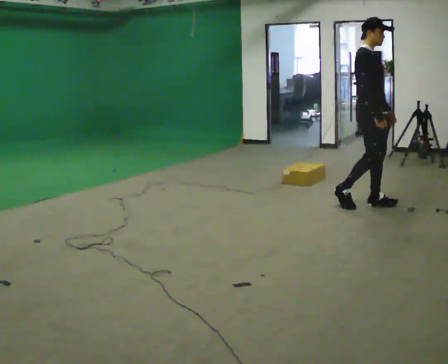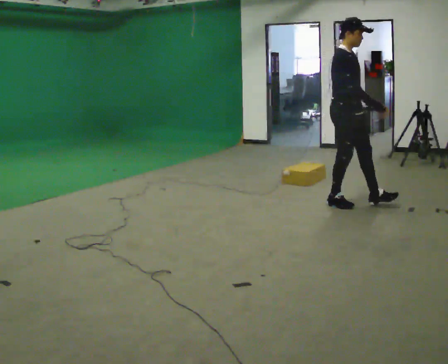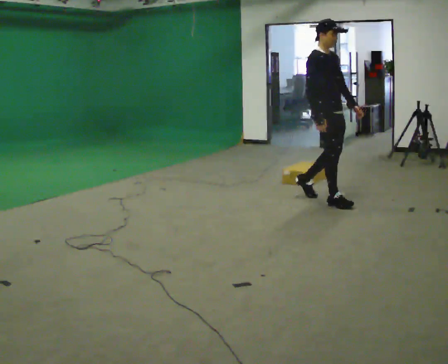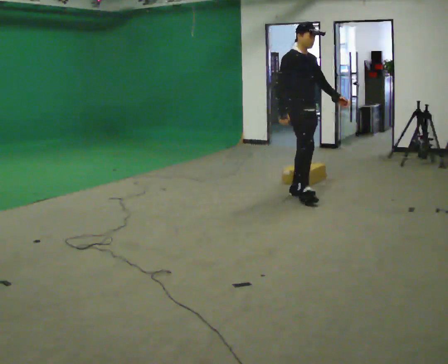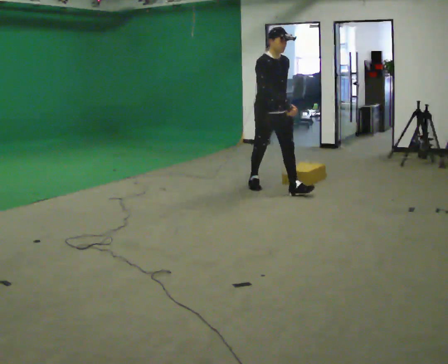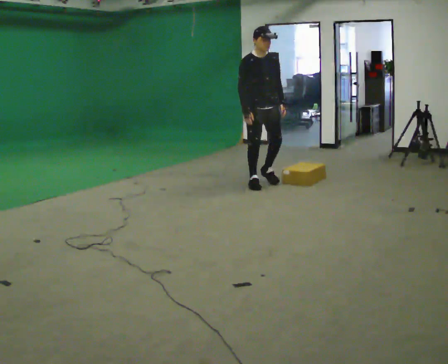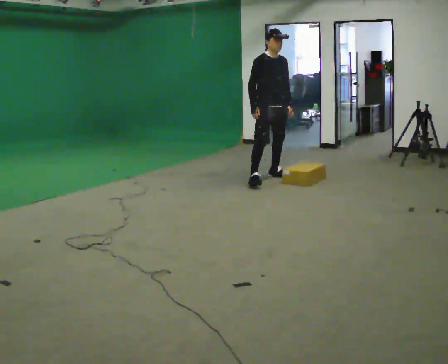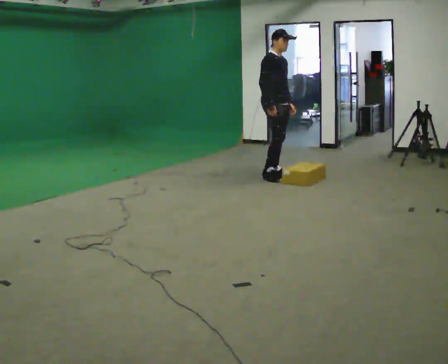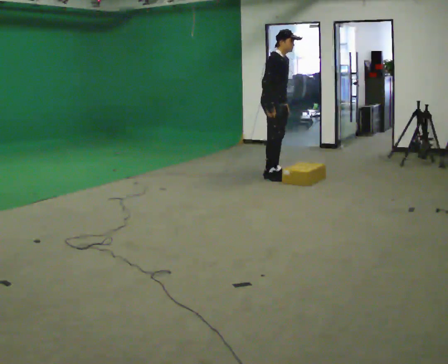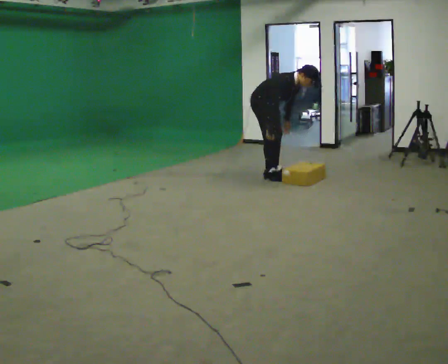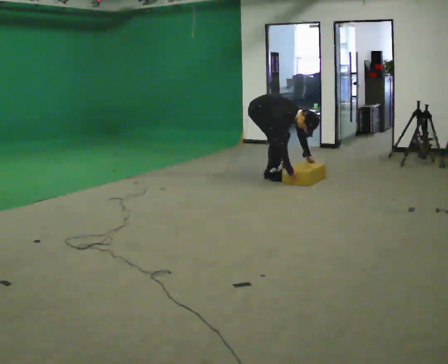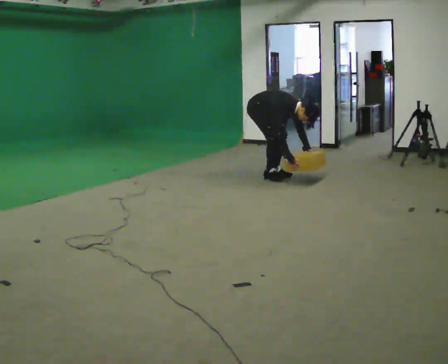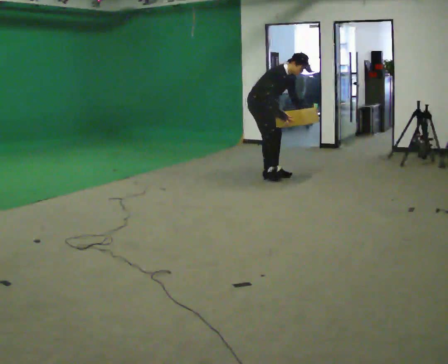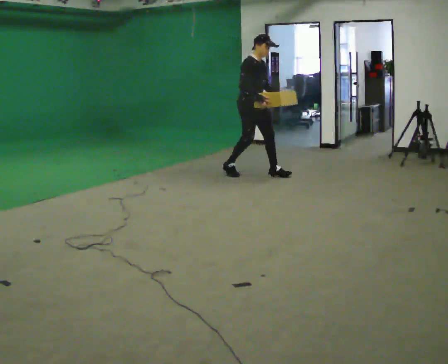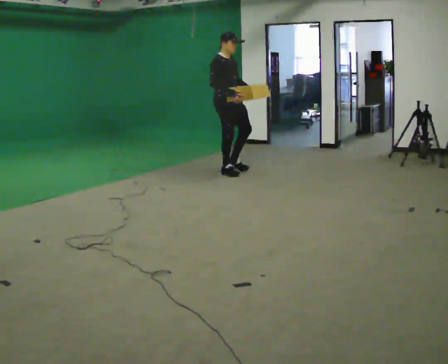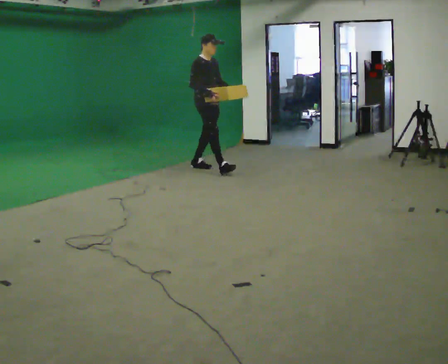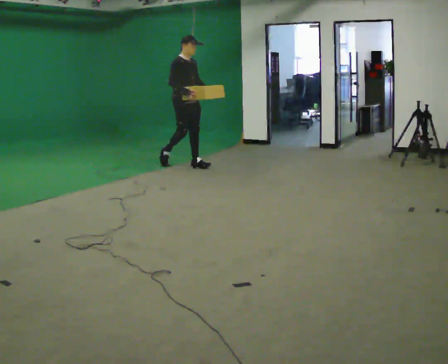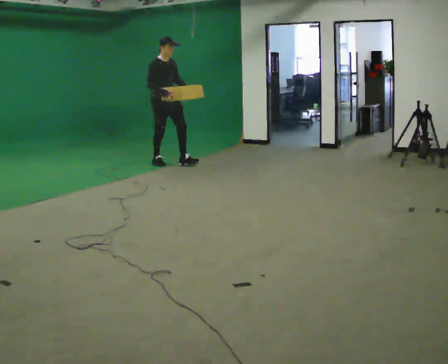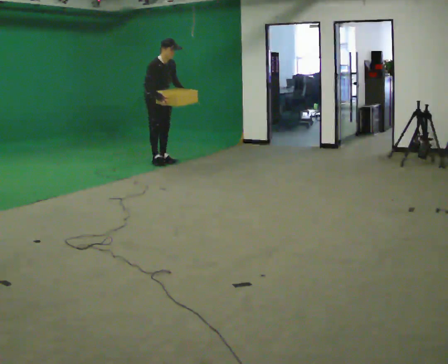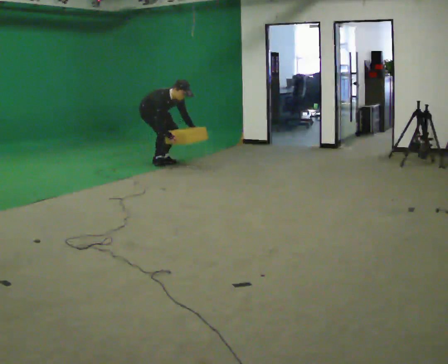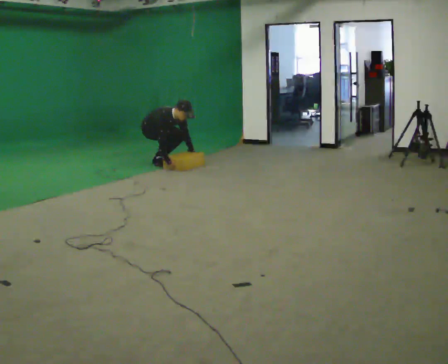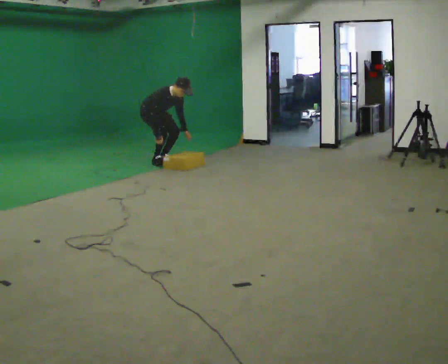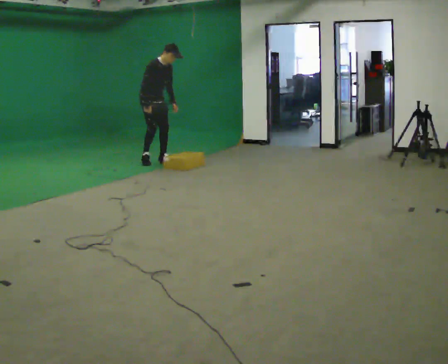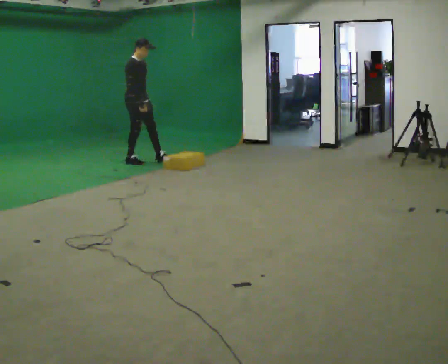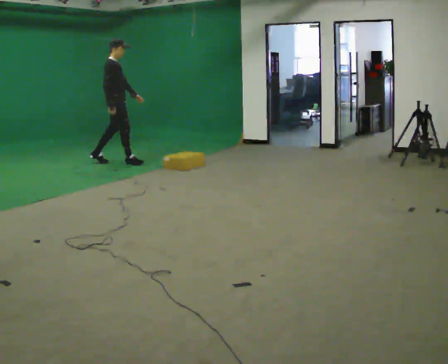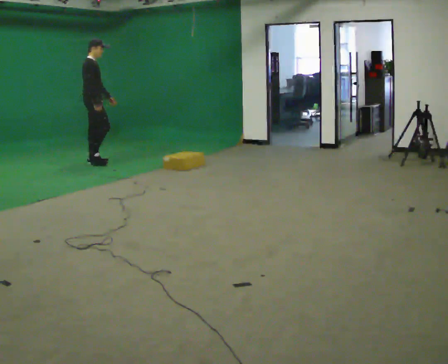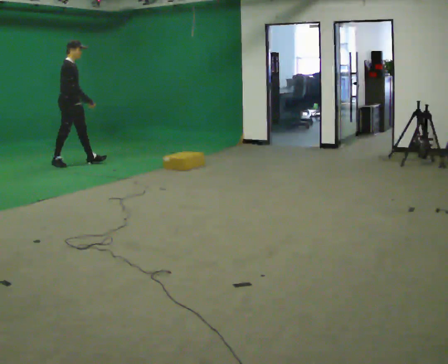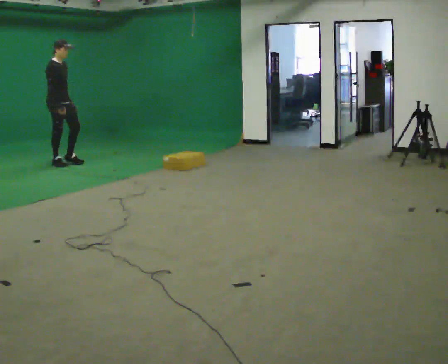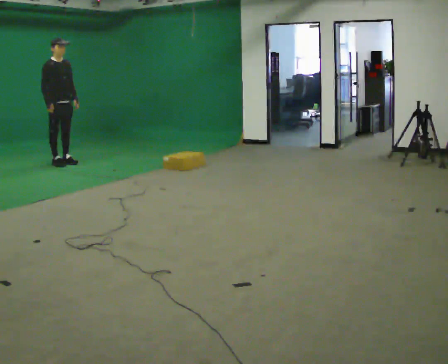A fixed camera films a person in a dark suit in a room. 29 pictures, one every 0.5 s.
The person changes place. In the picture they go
to the left.
0.0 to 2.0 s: The person turns about 30 degrees to their right, clockwise seen from above, so the part of the body nearest the lens slides to the left. In the picture they go to the left and away from the camera, about 1 m in 2 steps, which for them is backward.
2.0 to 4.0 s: The person turns about 30 degrees to their left, counterclockwise seen from above, so the part of the body nearest the lens slides to the right. In the picture they go away from the camera, about 0.75 m in 2 steps, which for them is backward and to their left.
4.0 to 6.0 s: In the picture they go to the left, about 0.25 m, which for them is backward.
6.0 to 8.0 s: In the picture they go to the left and away from the camera, about 1 m in 3 steps, which for them is backward. The shoulders move upward. In the picture the upper body tilts counterclockwise, shoulders to the left, as they lean back or straighten.
8.0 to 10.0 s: In the picture they go to the left and away from the camera, about 0.5 m in 1 step, which for them is backward. The shoulders move downward. In the picture the upper body tilts clockwise, shoulders to the right, as they bend forward. In the picture their right hand goes downward.
10.0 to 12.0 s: The part of the body nearest the lens slides to the right as the person turns to their left by about 45 degrees. In the picture they go to the left, about 0.5 m in 2 steps, which for them is to their right and backward. The upper body goes upward. In the picture the upper body tilts counterclockwise, shoulders to the left, as they lean back or straighten. In the picture their right hand goes upward.
12.0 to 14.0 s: The person turns about 45 degrees to their right, clockwise seen from above, so the part of the body nearest the lens slides to the left. In the picture they go to the left, about 1 m in 2 steps, which for them is backward.
The film runs backward here.
